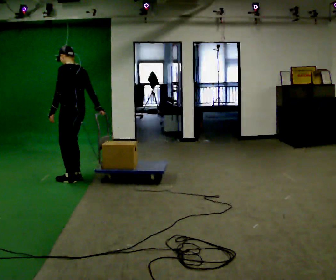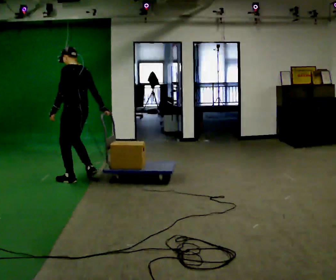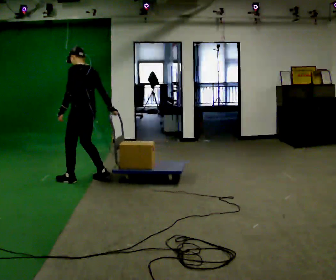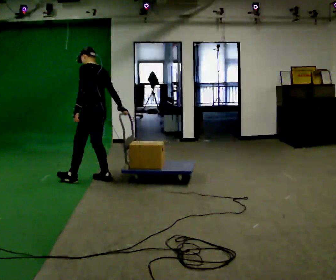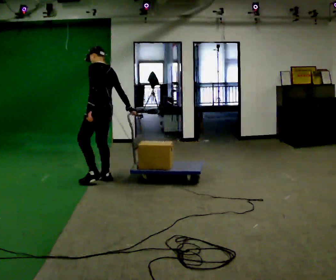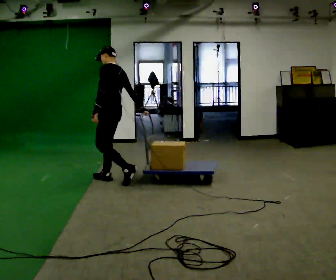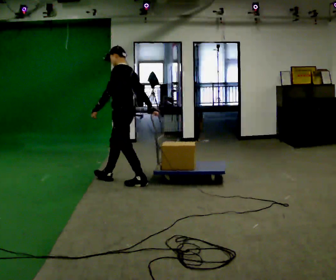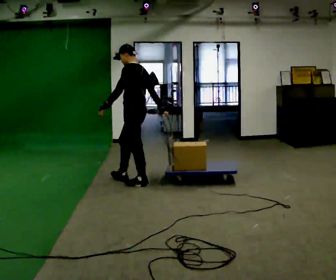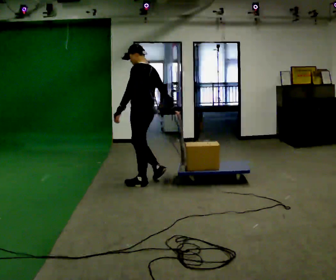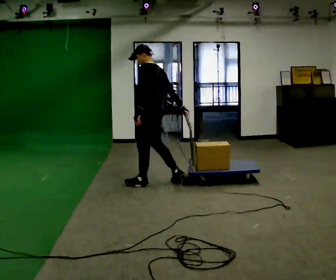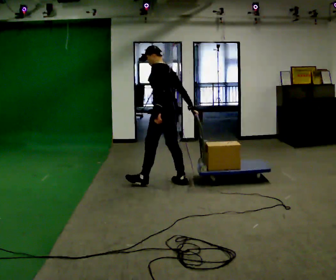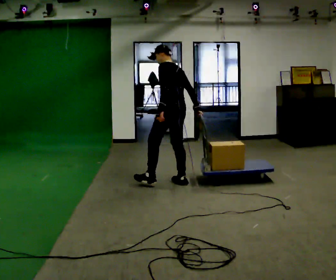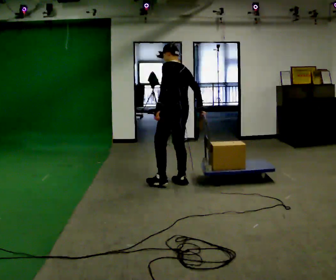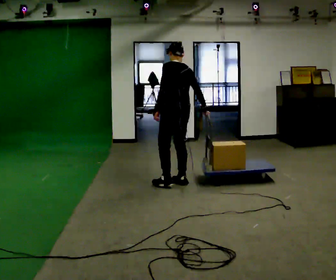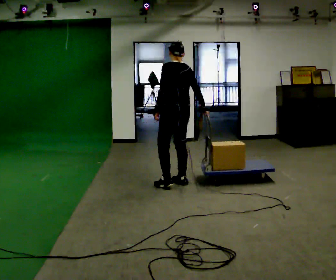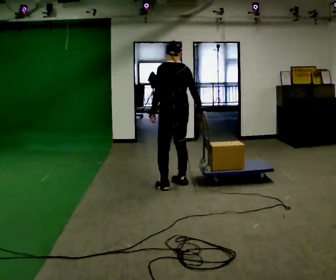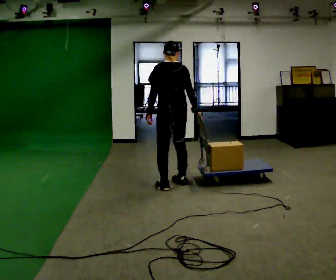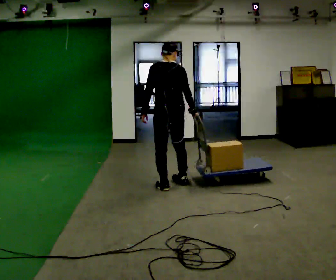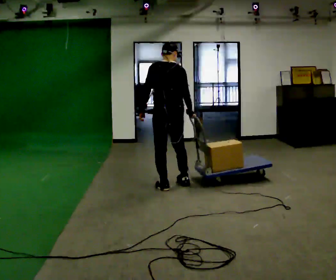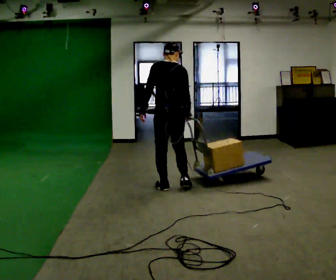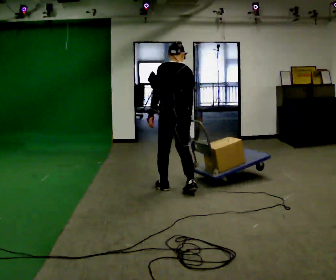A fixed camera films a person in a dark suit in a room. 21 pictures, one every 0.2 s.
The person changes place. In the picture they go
to the right.
The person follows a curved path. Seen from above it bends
clockwise.
0.0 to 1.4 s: In the picture they go to the right, about 1 m in 3 steps, which for them is backward and to their right.
1.4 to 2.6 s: The part of the body nearest the lens slides to the left as the person turns to their right by about 30 degrees. In the picture they go to the right, about 0.5 m in 1 step, which for them is backward and to their right.
2.6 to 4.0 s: In the picture they go toward the camera, about 0.25 m in 1 step, which for them is backward and to their left.
The film runs backward here.
